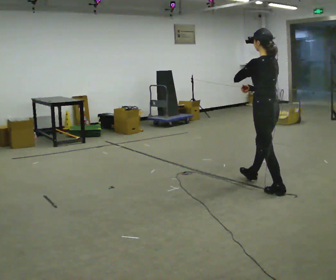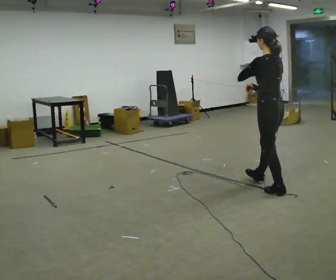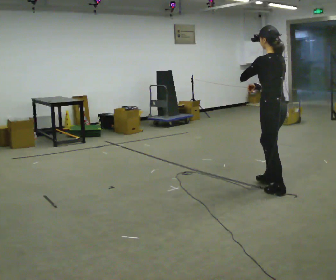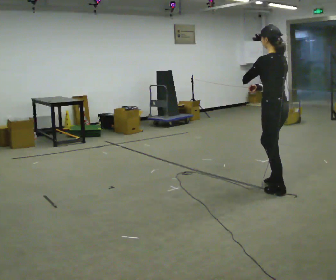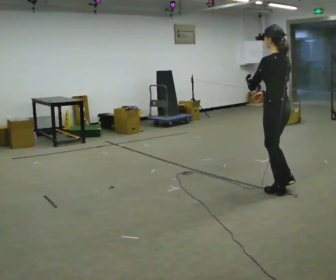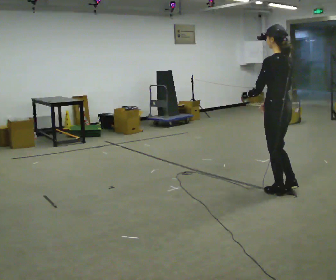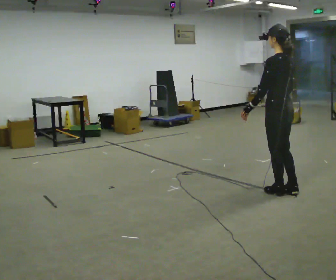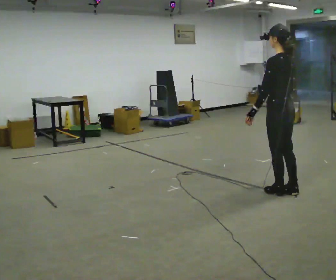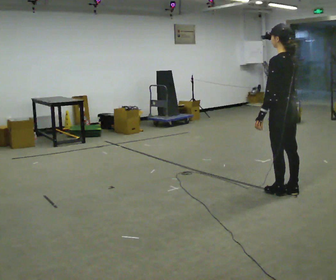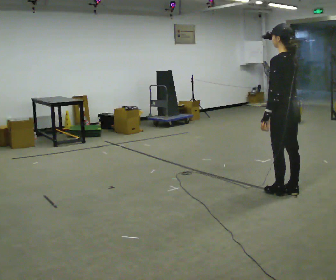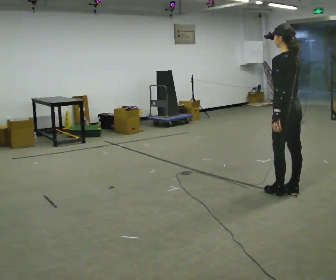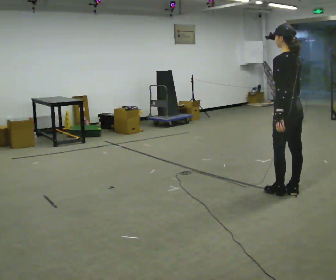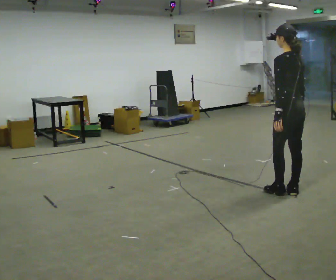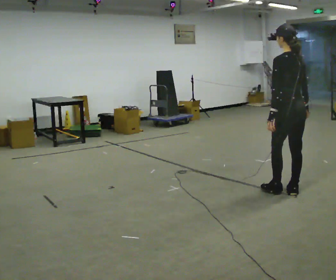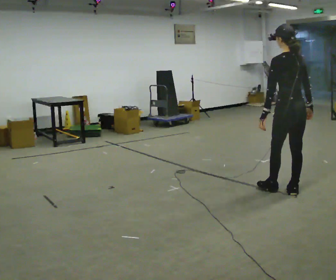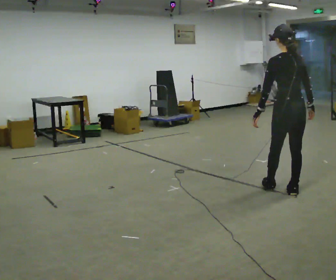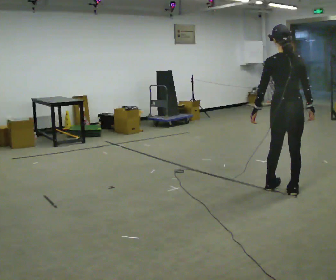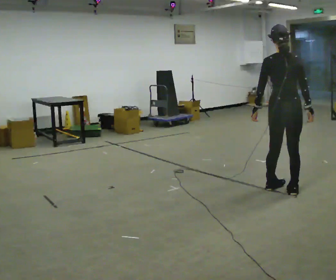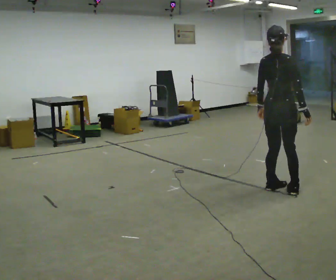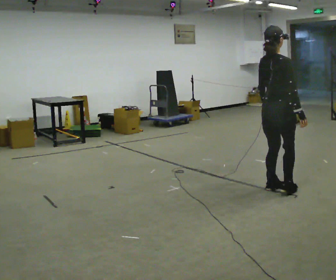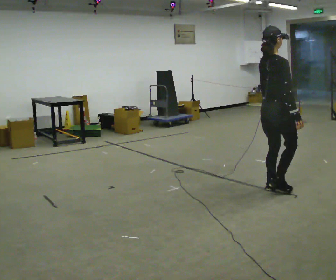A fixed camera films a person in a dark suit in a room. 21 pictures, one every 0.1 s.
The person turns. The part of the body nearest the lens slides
to the left.
The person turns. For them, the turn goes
to their right.
0.0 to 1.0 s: In the picture they go to the right and toward the camera, about 0.25 m in 1 step, which for them is backward. In the picture their left hand goes downward.
1.0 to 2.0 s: The person turns about 105 degrees to their right, clockwise seen from above, so the part of the body nearest the lens slides to the left.
The film runs backward here.
